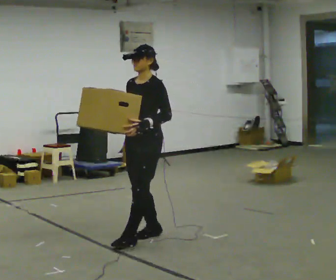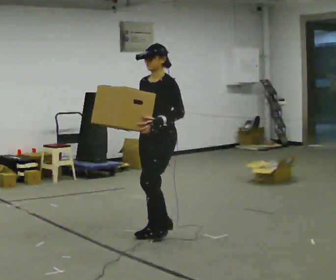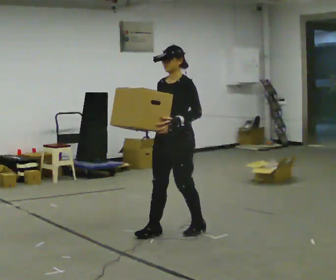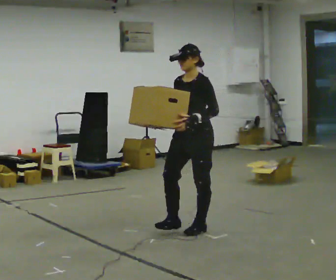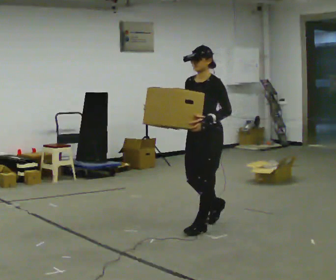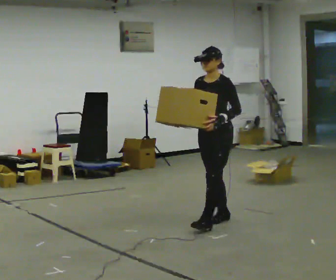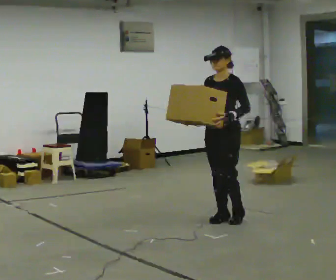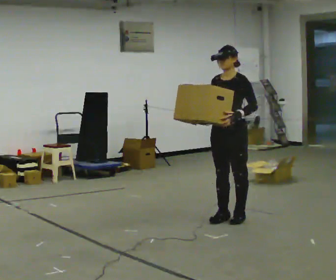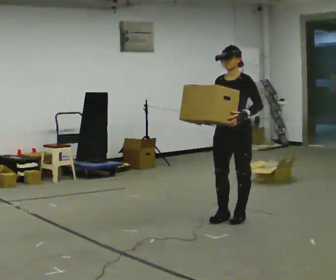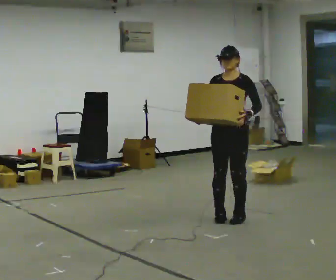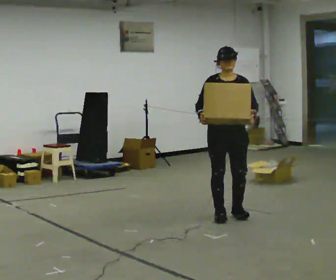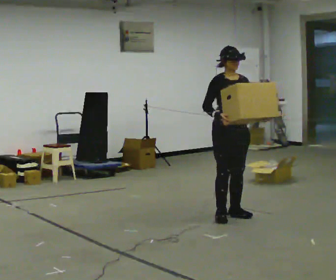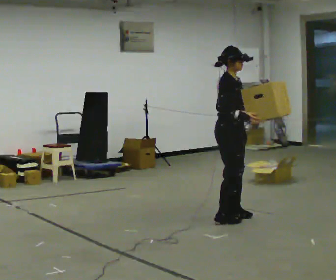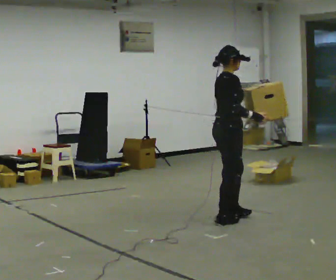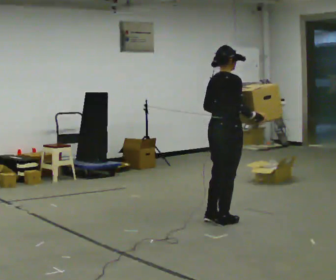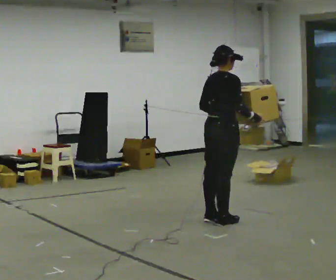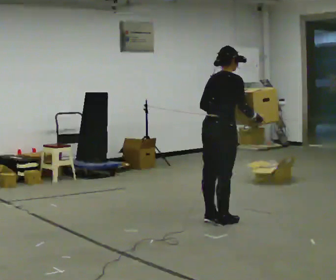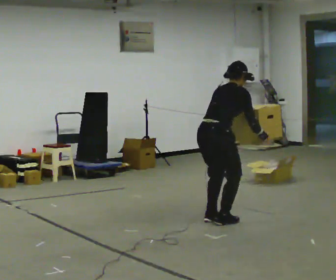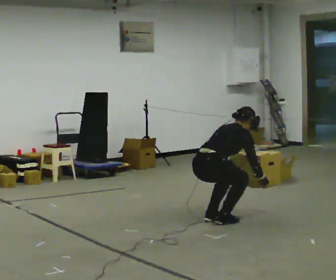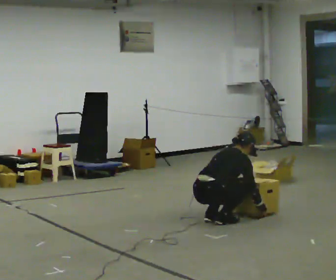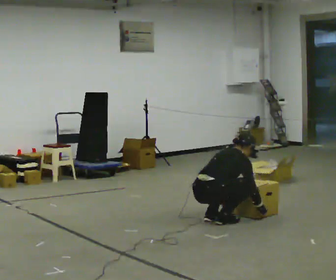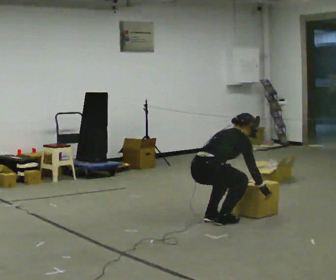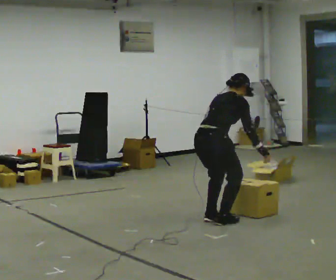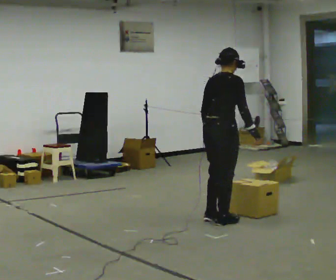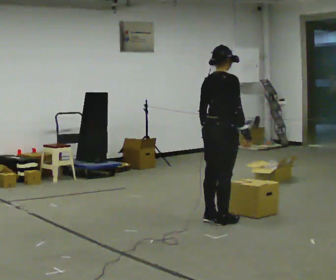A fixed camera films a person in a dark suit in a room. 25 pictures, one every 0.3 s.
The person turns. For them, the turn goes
to their left.
The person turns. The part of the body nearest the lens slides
to the right.
0.0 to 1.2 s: In the picture they go to the right and away from the camera, about 0.75 m in 2 steps, which for them is backward.
1.2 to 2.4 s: In the picture they go away from the camera and to the right, about 0.5 m in 1 step, which for them is backward.
2.4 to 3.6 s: Seen from above the body turns counterclockwise, about 105 degrees: to their left, with its near side sliding to the right. In the picture their right hand goes to the right, the arm swinging counterclockwise.
3.6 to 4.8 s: The part of the body nearest the lens slides to the right as the person turns to their left by about 60 degrees. In the picture they go toward the camera, about 0.25 m in 1 step. In the picture their left hand goes to the left, the arm swinging clockwise.
4.8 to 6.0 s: The shoulders move downward. The upper body tips away from the camera, its near side rolling upward, as they bend forward. In the picture their left hand goes downward.
6.0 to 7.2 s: The upper body goes upward. In the picture the upper body tilts counterclockwise, shoulders to the left, as they lean back or straighten. In the picture their right hand goes upward.
The film runs backward here.
